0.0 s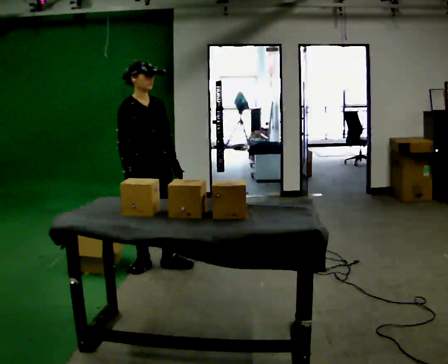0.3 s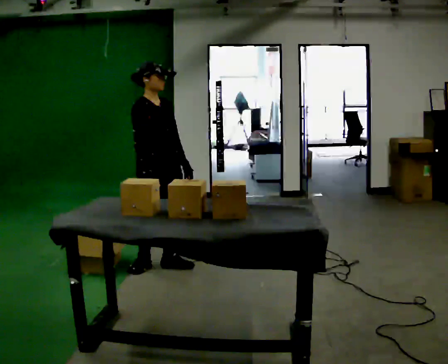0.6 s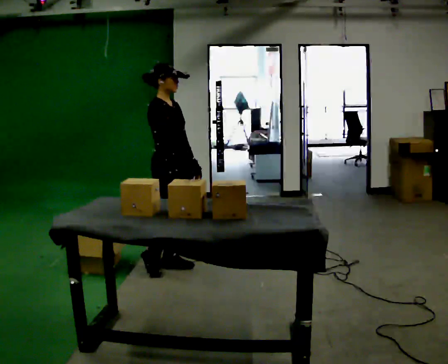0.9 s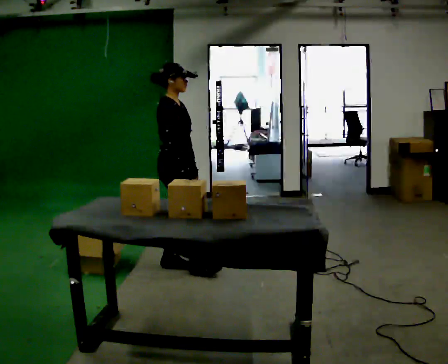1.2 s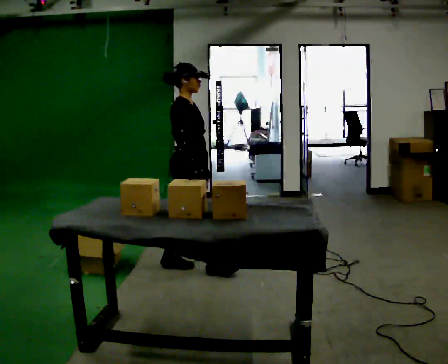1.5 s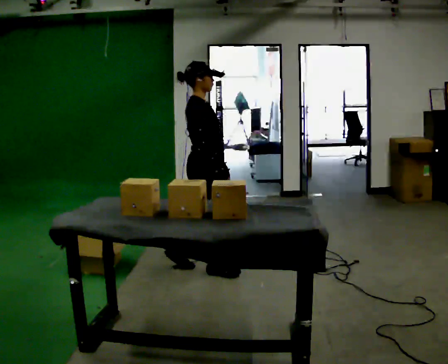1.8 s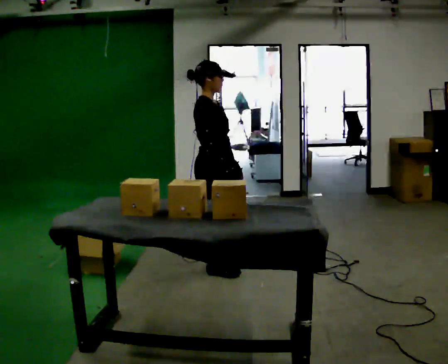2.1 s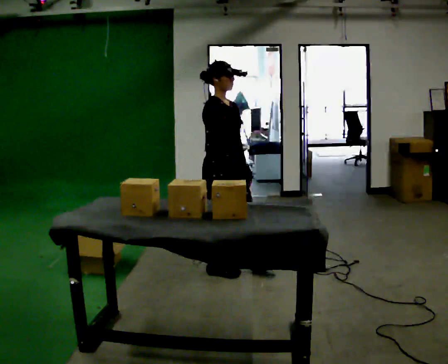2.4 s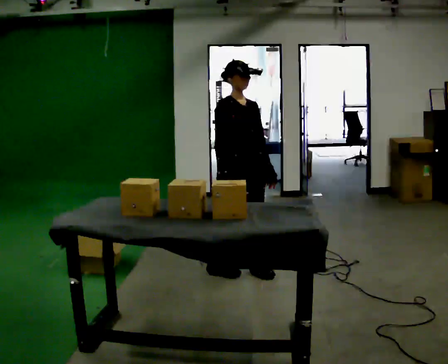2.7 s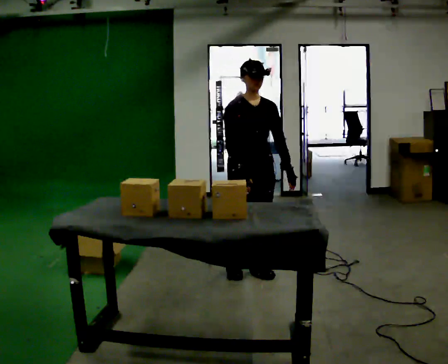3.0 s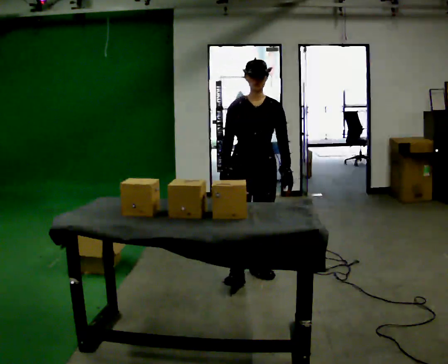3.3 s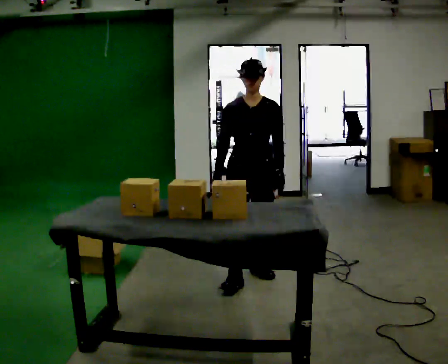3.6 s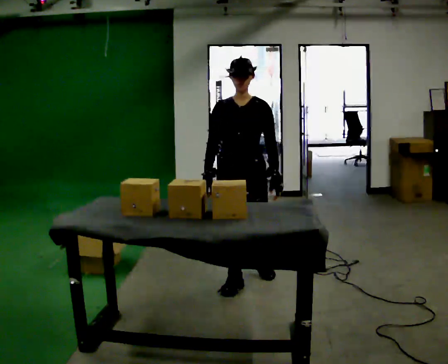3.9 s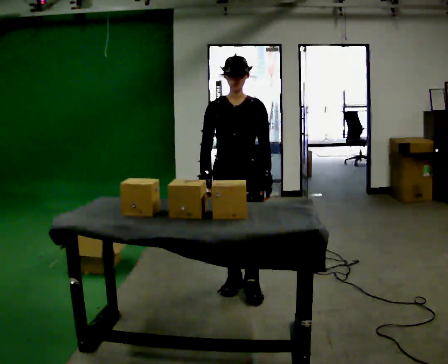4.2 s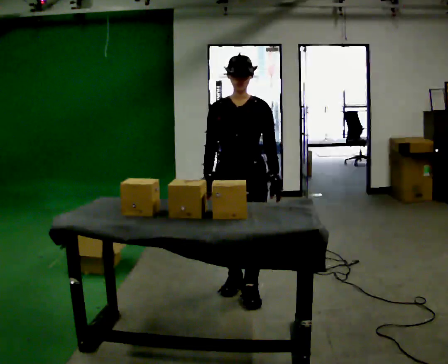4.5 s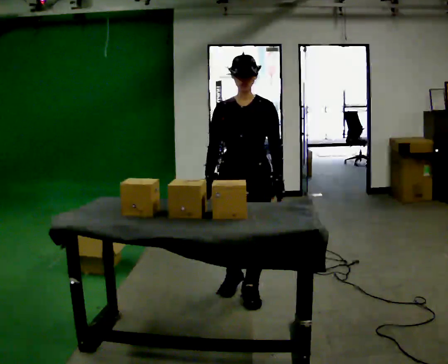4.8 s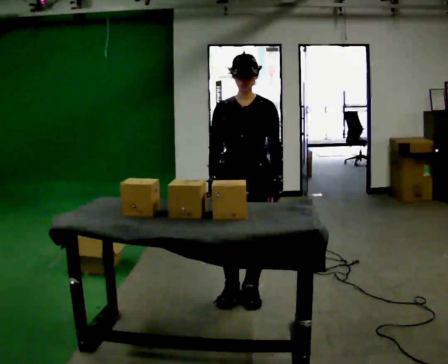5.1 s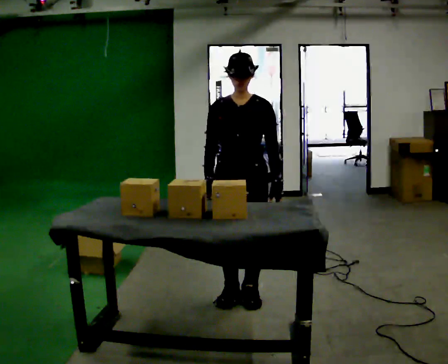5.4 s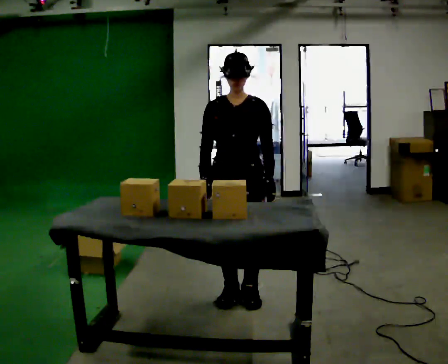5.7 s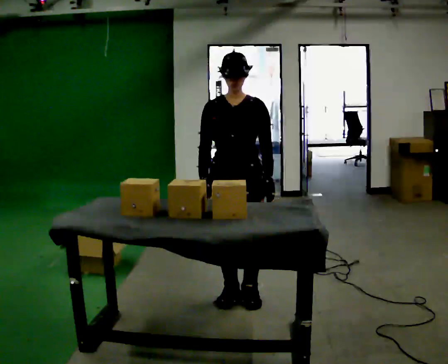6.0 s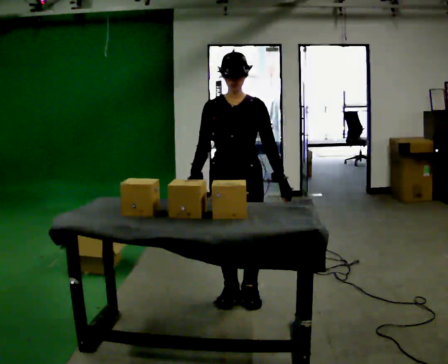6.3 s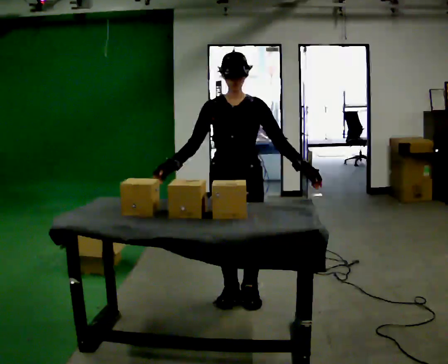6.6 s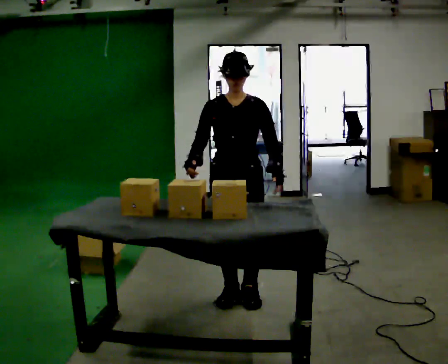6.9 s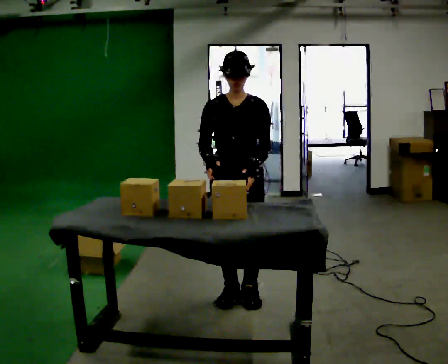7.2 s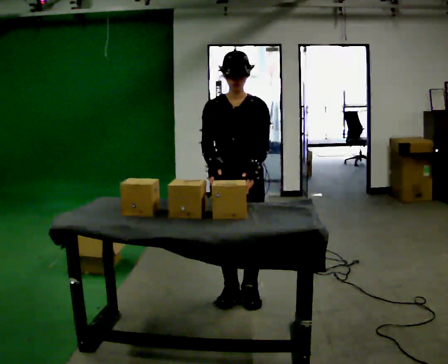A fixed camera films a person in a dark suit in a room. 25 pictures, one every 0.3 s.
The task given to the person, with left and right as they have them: Take an object out of the bin at knee height, carry it across the room, and place it on the chest-height shelf. Keep going until the operator says stop; one object at a time, and do not rush between trips.
0.0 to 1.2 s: The person turns about 45 degrees to their left, counterclockwise seen from above, so the part of the body nearest the lens slides to the right. In the picture they go to the right, about 0.25 m in 1 step, which for them is forward.
1.2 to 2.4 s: The person turns about 45 degrees to their right, clockwise seen from above, so the part of the body nearest the lens slides to the left. In the picture they go to the right, about 0.5 m in 1 step, which for them is forward.
2.4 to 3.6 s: The part of the body nearest the lens slides to the left as the person turns to their right by about 45 degrees. In the picture they go toward the camera, about 0.25 m in 1 step, which for them is forward.
3.6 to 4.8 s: In the picture they go toward the camera, about 0.25 m in 2 steps, which for them is forward.
4.8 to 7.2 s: The person moves a little, or ends about where they began.
The film runs forward here.
